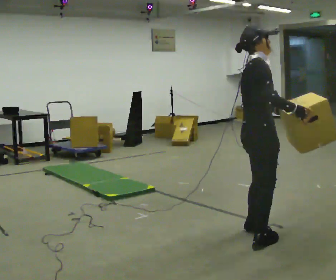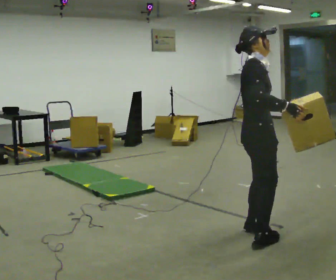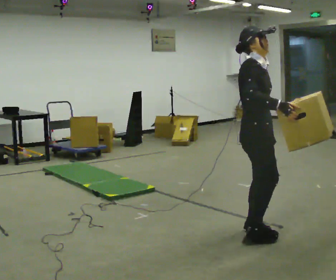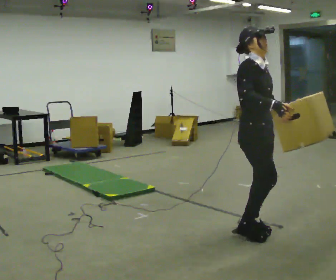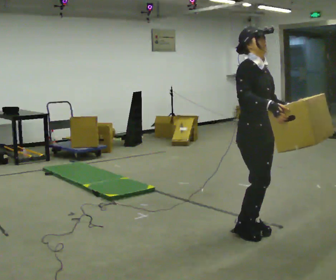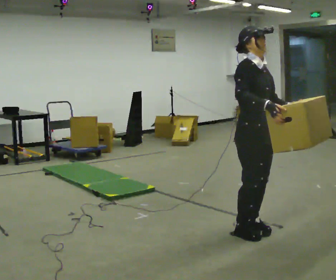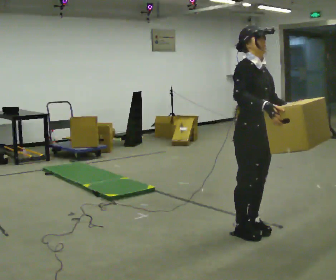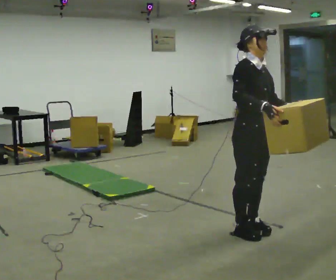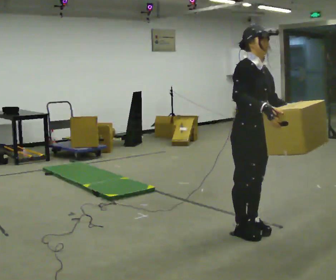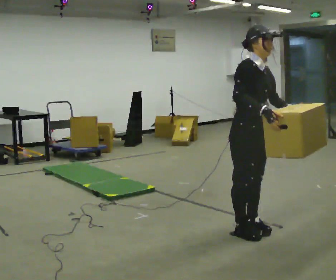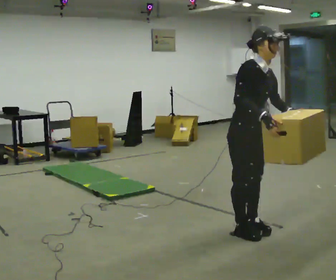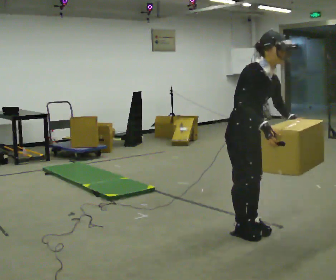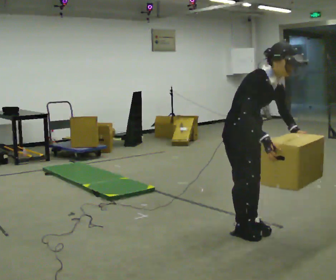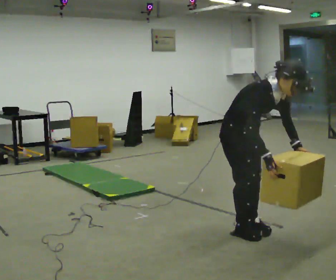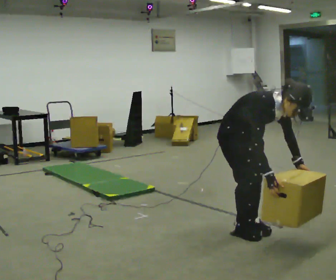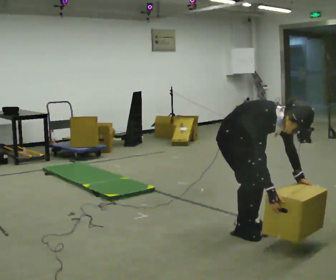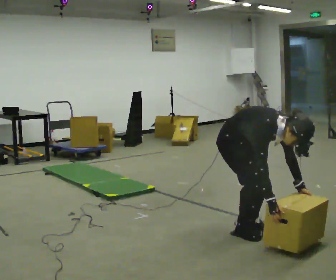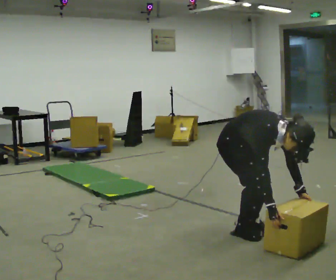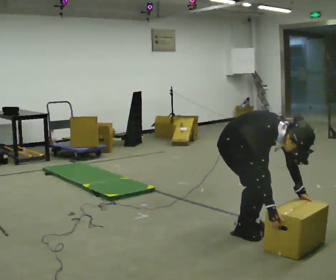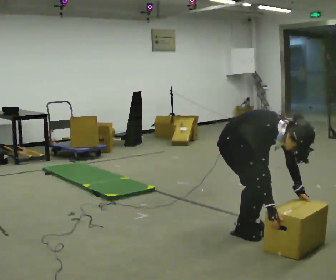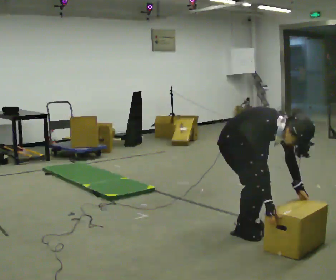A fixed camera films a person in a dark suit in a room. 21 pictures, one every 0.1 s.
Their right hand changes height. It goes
downward.
The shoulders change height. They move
downward.
0.0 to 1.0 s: The part of the body nearest the lens slides to the left as the person turns to their right by about 45 degrees.
1.0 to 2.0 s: The upper body goes downward. In the picture the upper body tilts clockwise, shoulders to the right, as they bend forward. In the picture their right hand goes downward.
The film runs backward here.
